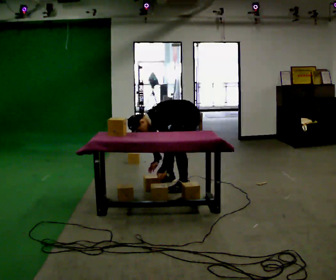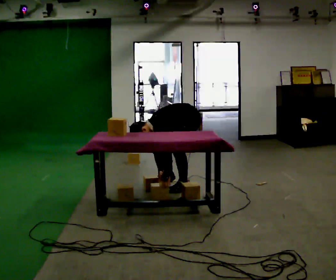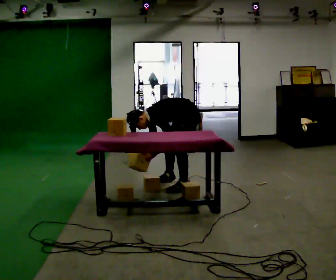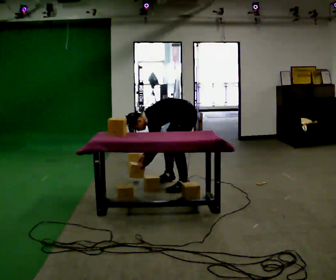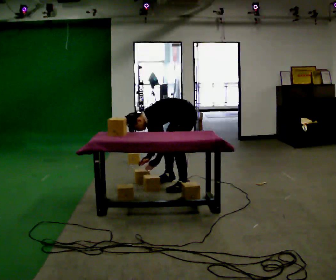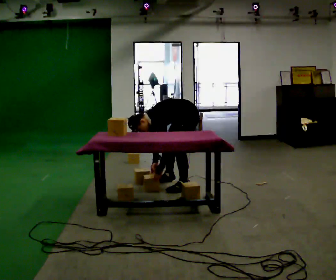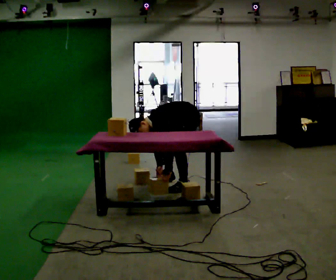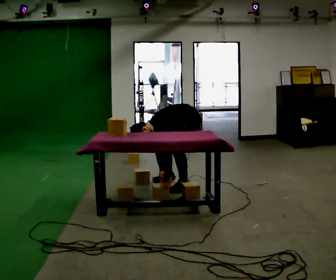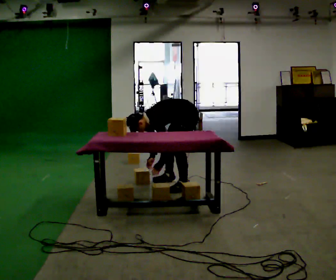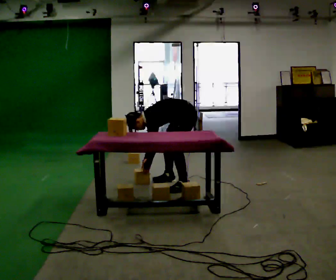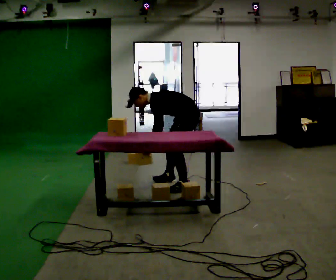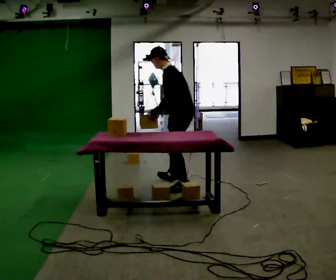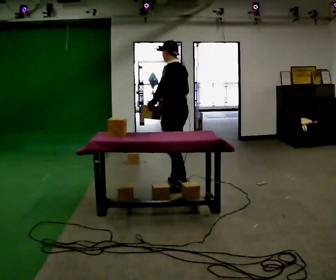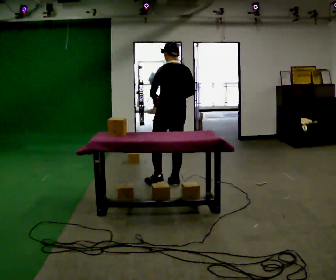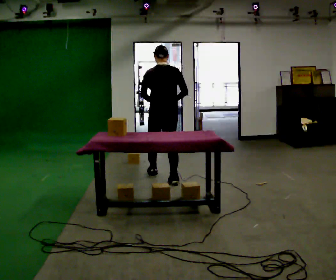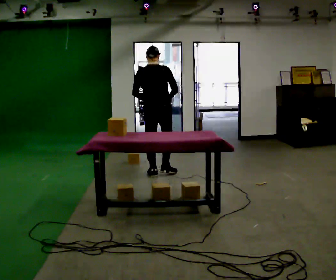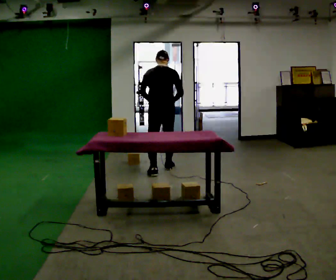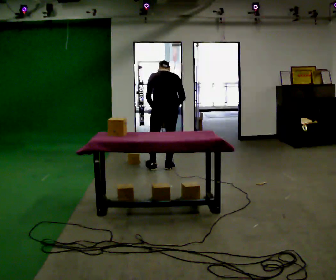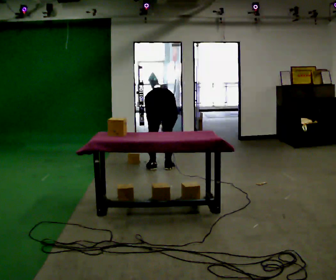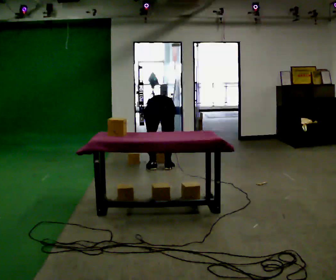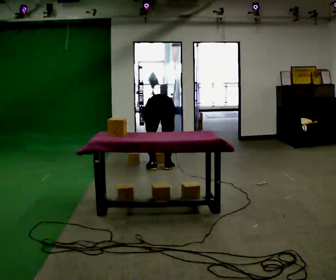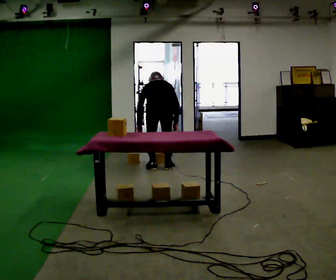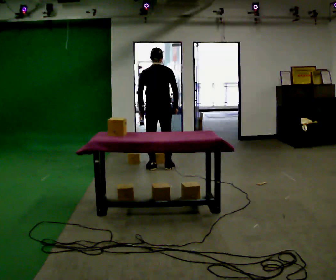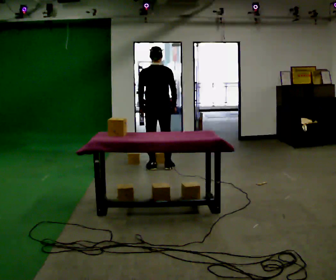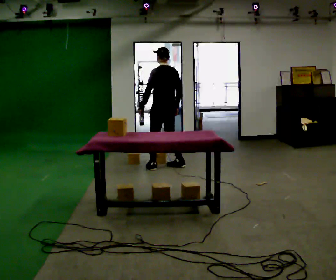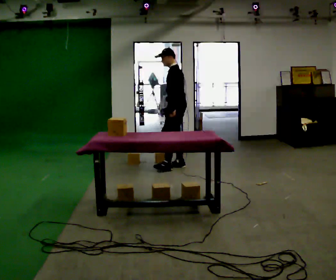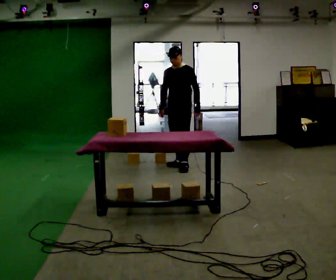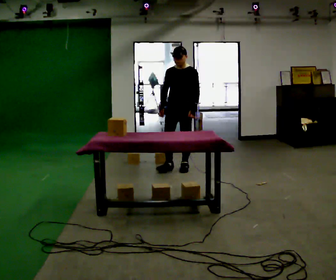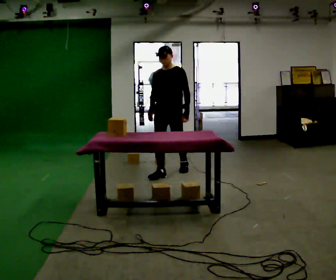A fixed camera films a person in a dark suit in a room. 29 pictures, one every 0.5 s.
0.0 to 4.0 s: The person moves a little, or ends about where they began.
4.0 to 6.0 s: Seen from above the body turns clockwise, about 45 degrees: to their right, with its near side sliding to the left. The shoulders move upward. In the picture the upper body tilts clockwise, shoulders to the right, as they lean back or straighten. In the picture their left hand goes upward.
6.0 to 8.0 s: The person turns about 60 degrees to their right, clockwise seen from above, so the part of the body nearest the lens slides to the left. In the picture they go away from the camera, about 0.5 m in 2 steps.
8.0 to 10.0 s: The upper body goes downward. The upper body tips away from the camera, its near side rolling upward, as they bend forward. In the picture their left hand goes downward.
10.0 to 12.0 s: Seen from above the body turns counterclockwise, about 30 degrees: to their left, with its near side sliding to the right. In the picture they go away from the camera, about 0.25 m in 1 step, which for them is forward. The upper body goes upward. The upper body tips toward the camera, its near side rolling downward, as they lean back or straighten. In the picture their left hand goes upward.
12.0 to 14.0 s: Seen from above the body turns counterclockwise, about 120 degrees: to their left, with its near side sliding to the right. In the picture they go toward the camera, about 0.25 m in 2 steps.
The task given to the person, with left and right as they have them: Take the boxes off the top, get the one from the bottom, carry it away, then put the others back. Keep going until the operator says stop; one object at a time, and do not rush between trips.
The film runs forward here.
